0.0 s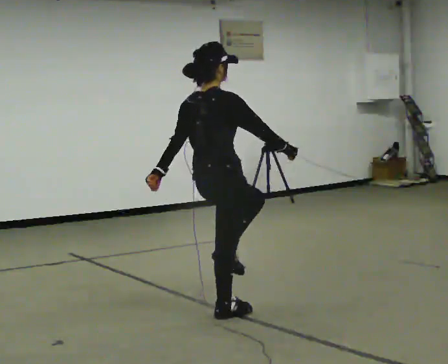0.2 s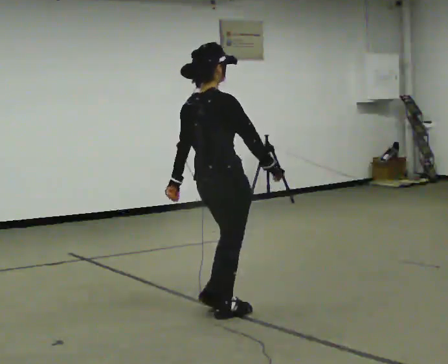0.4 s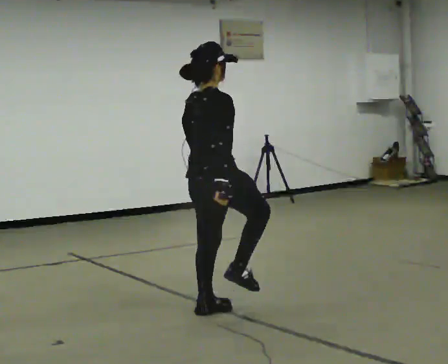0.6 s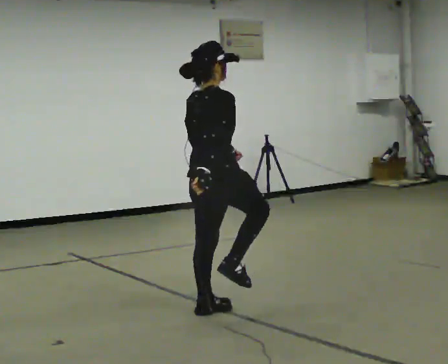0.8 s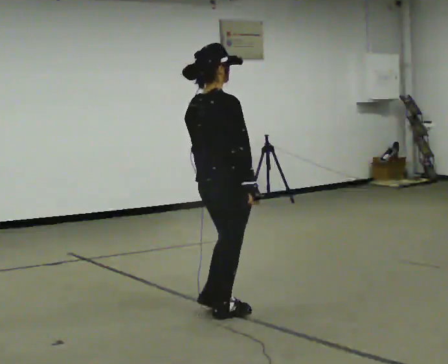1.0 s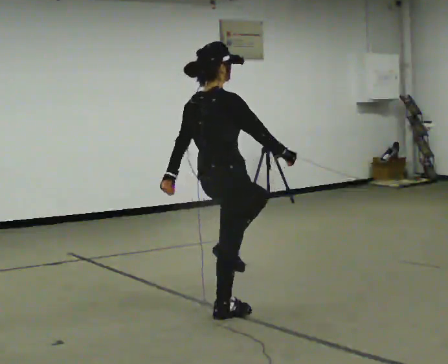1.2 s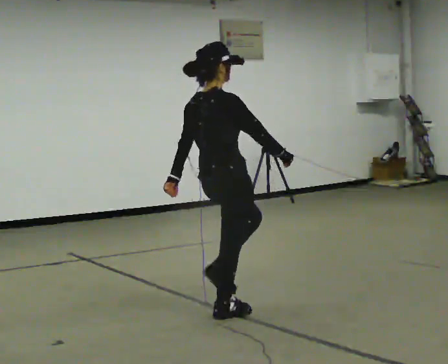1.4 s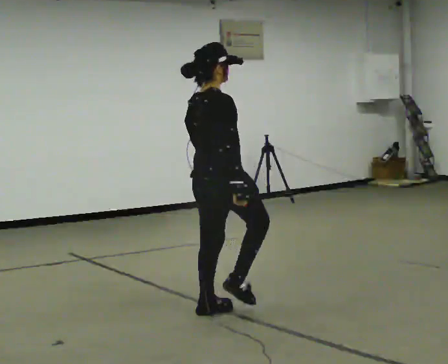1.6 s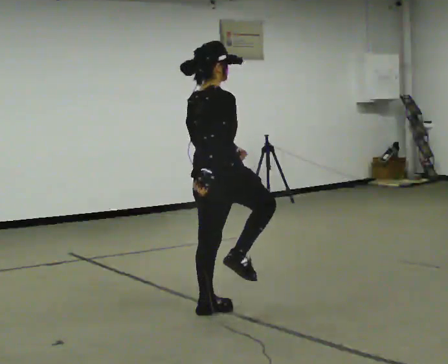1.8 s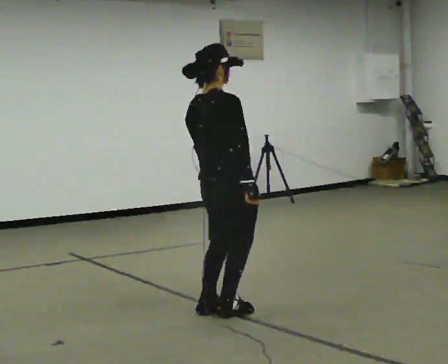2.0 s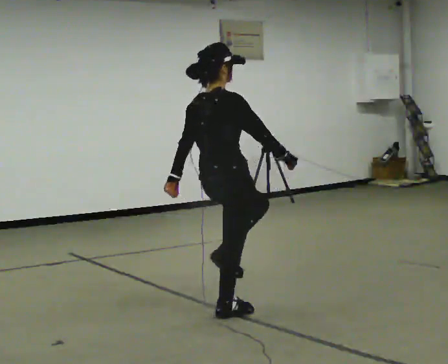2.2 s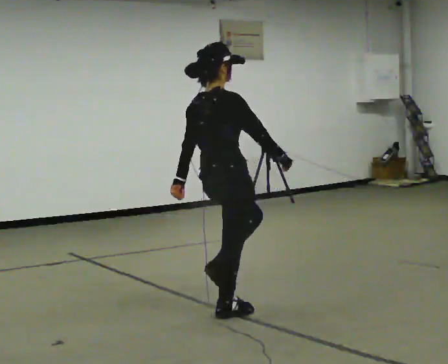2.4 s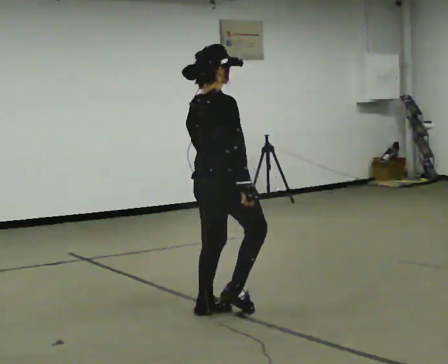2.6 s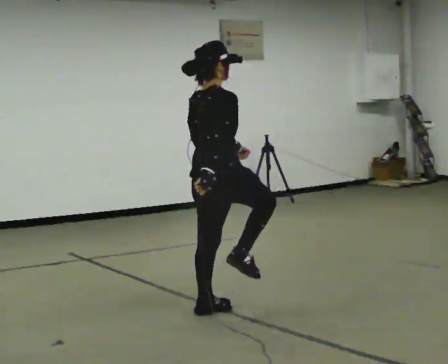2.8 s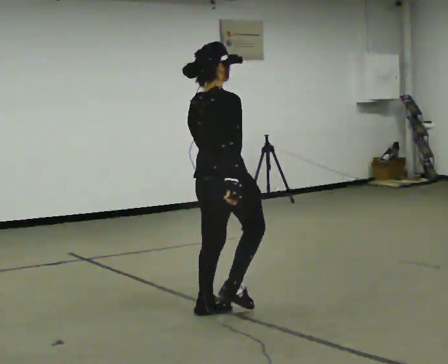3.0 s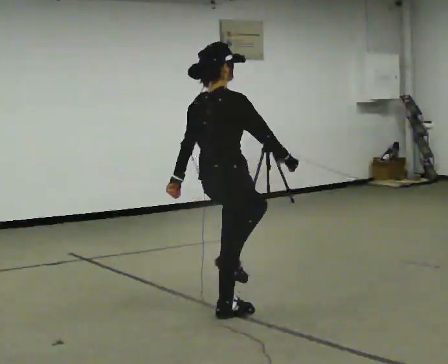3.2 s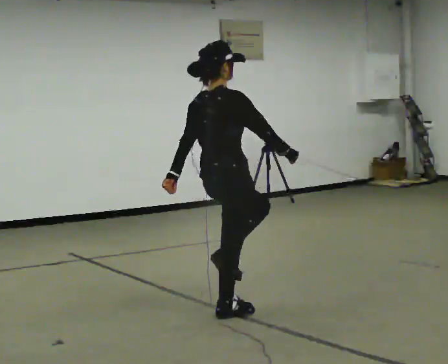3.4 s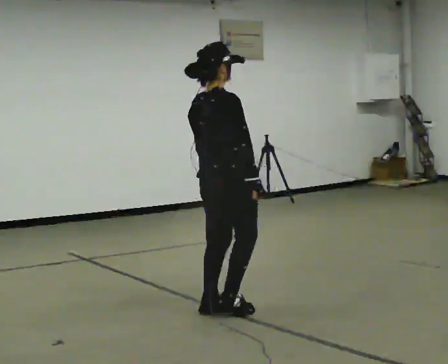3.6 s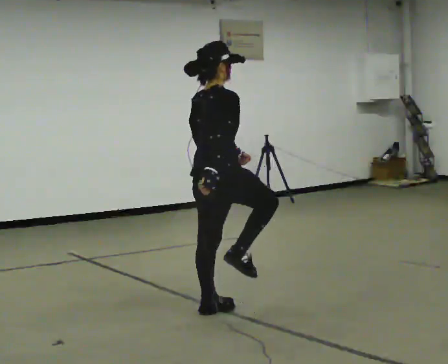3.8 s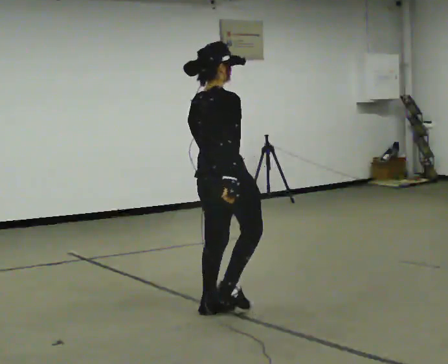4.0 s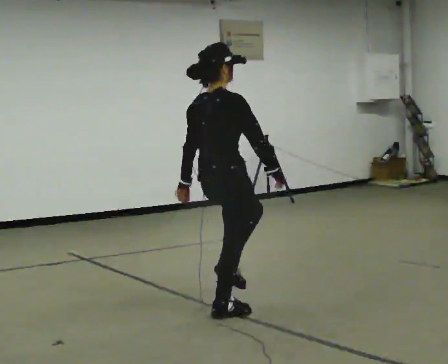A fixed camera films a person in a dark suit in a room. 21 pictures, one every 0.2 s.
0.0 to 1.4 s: In the picture their left hand goes to the right.
1.4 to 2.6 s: The person moves a little, or ends about where they began.
2.6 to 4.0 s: In the picture their left hand goes to the left.
The film runs forward here.
